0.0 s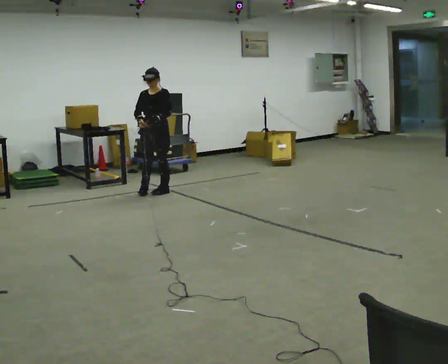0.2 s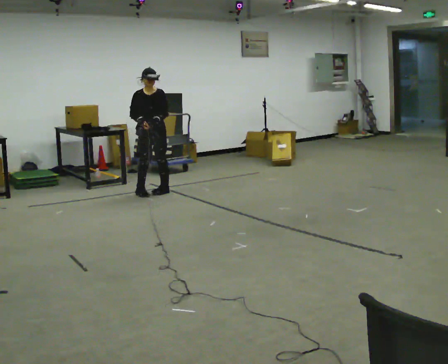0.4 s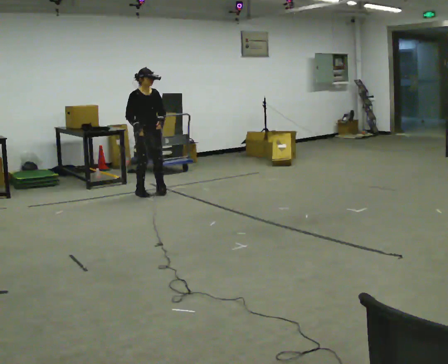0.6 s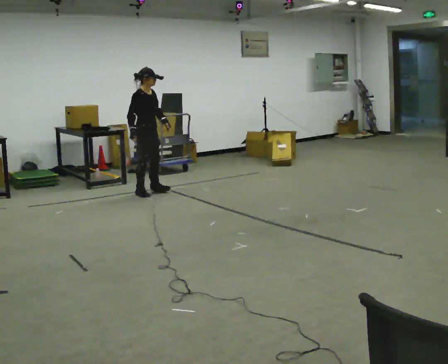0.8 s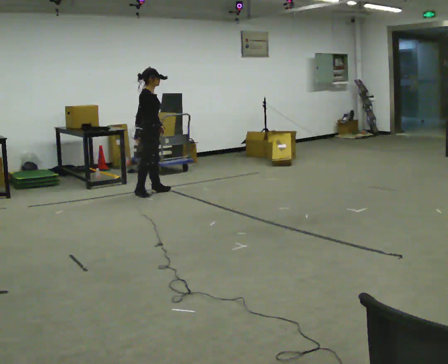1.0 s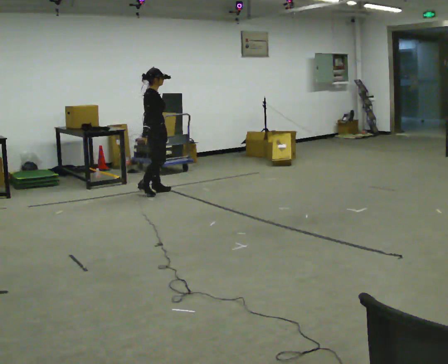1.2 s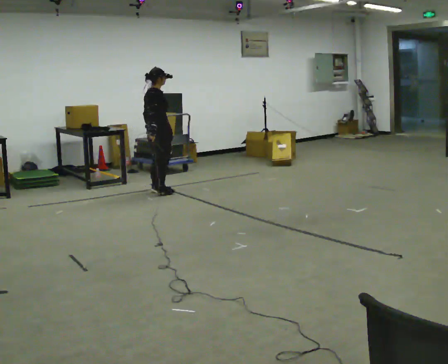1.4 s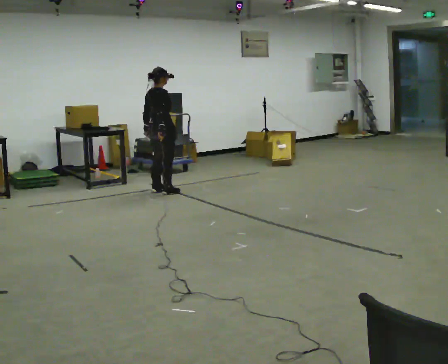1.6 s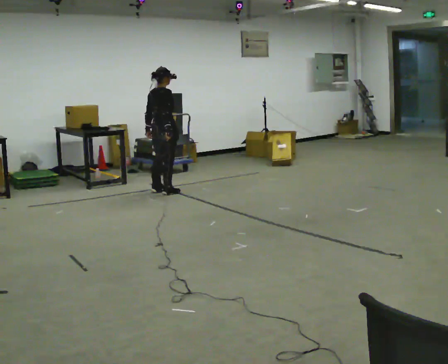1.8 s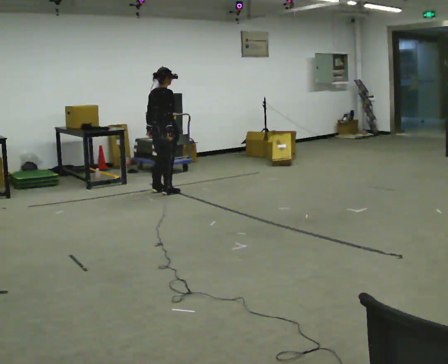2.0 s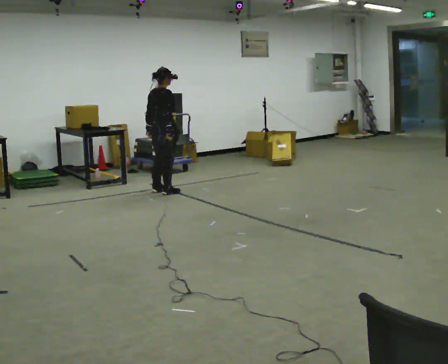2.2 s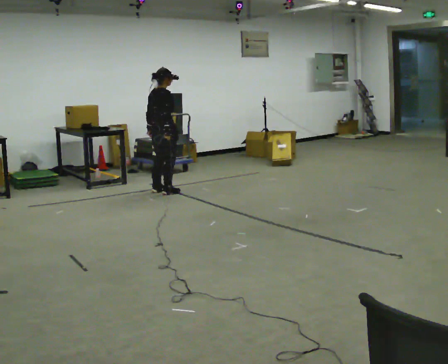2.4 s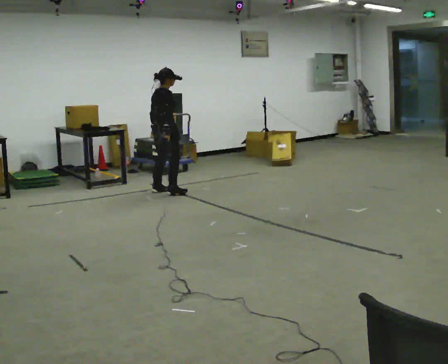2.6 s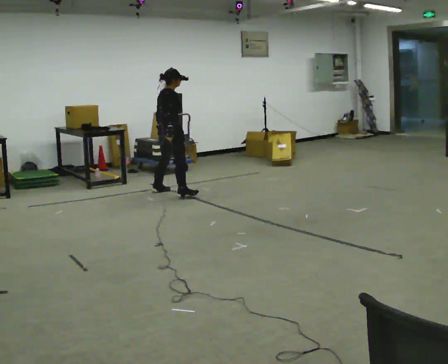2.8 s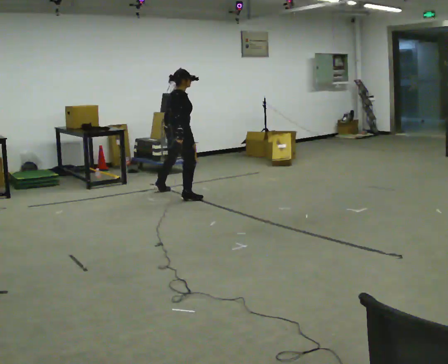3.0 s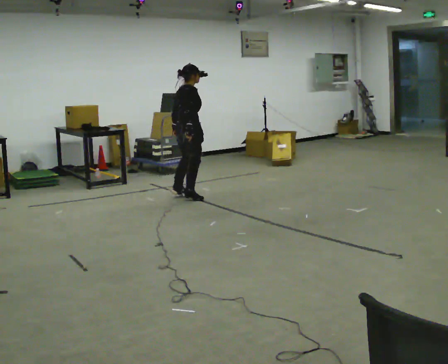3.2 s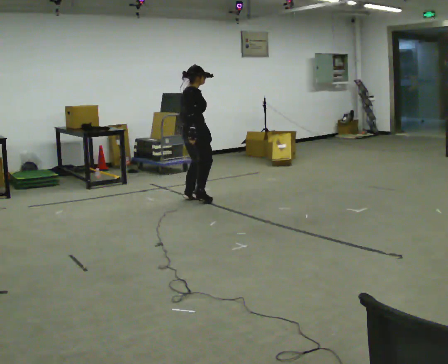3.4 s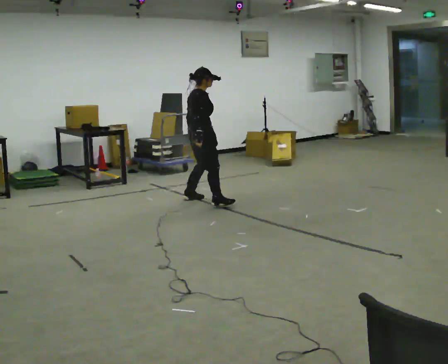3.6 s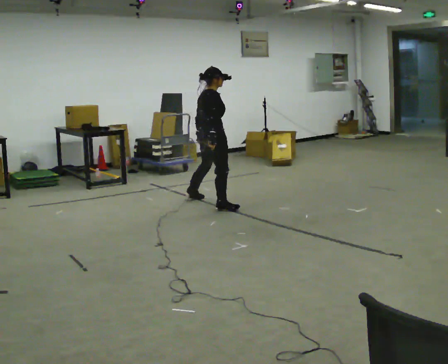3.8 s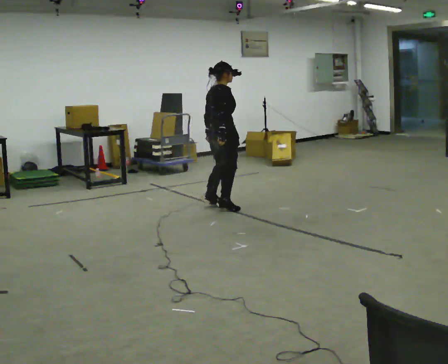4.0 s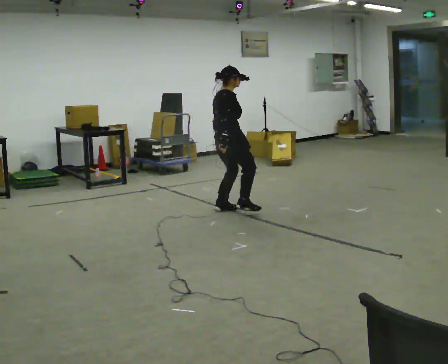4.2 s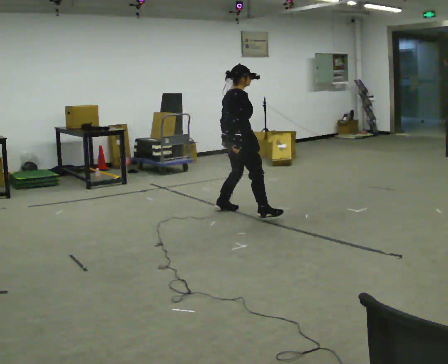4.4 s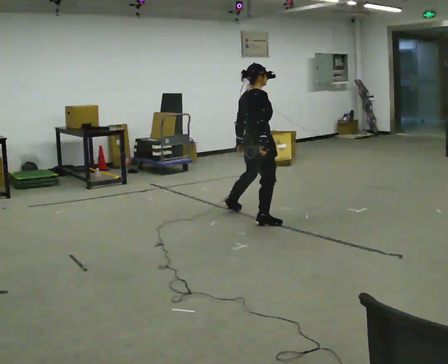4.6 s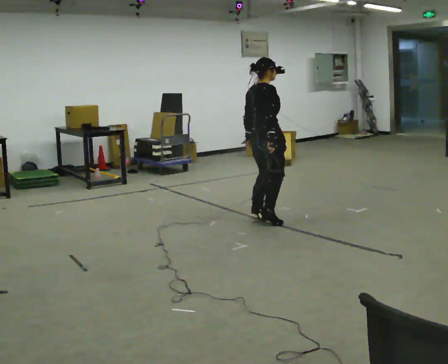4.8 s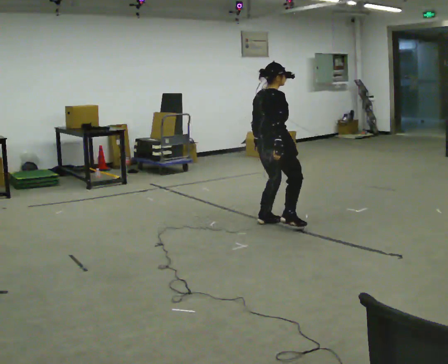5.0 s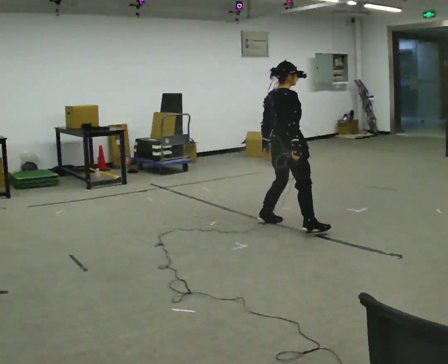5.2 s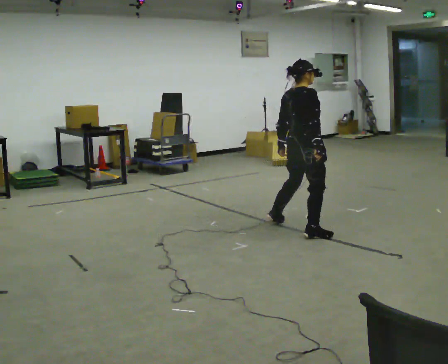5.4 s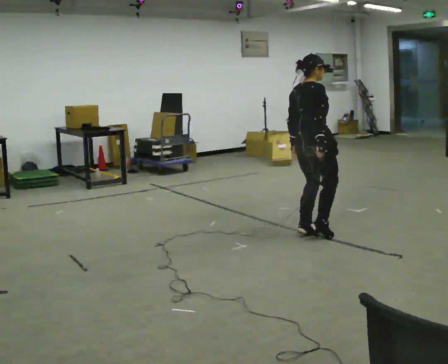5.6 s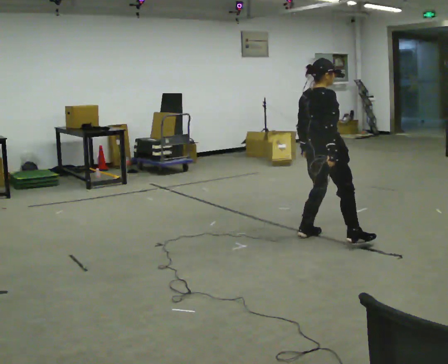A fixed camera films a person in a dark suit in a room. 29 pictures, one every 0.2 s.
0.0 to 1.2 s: Seen from above the body turns counterclockwise, about 135 degrees: to their left, with its near side sliding to the right.
1.2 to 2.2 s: The person moves a little, or ends about where they began.
2.2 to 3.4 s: In the picture they go toward the camera and to the right, about 0.75 m in 2 steps, which for them is to their right.
3.4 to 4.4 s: In the picture they go toward the camera and to the right, about 1 m in 3 steps, which for them is to their right.
4.4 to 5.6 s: In the picture they go toward the camera and to the right, about 1 m in 3 steps, which for them is to their right.
The film runs forward here.
